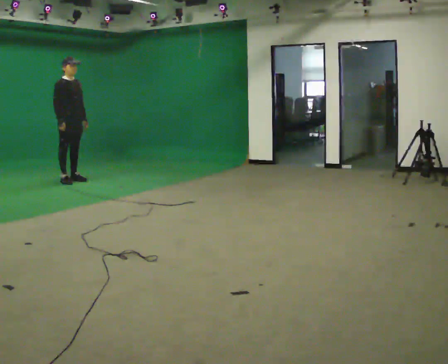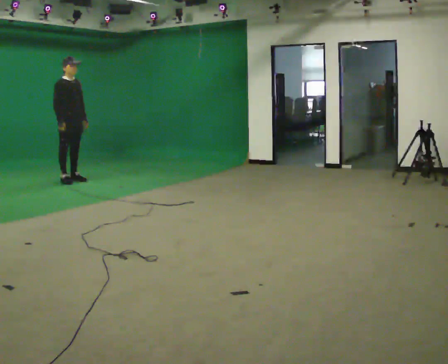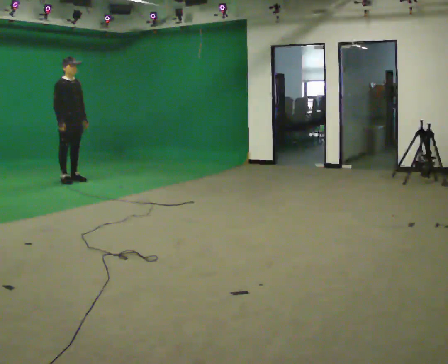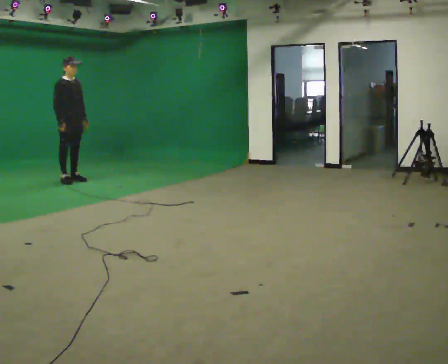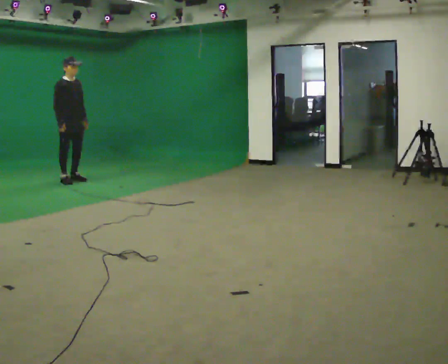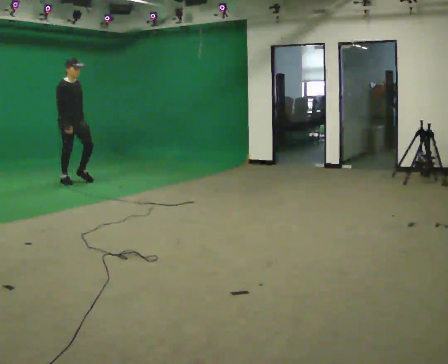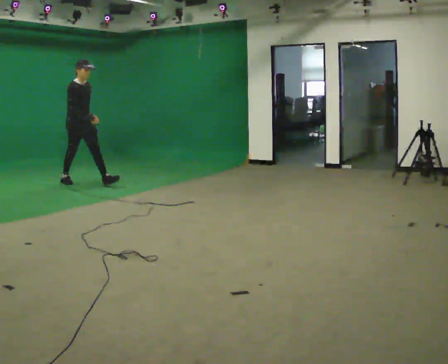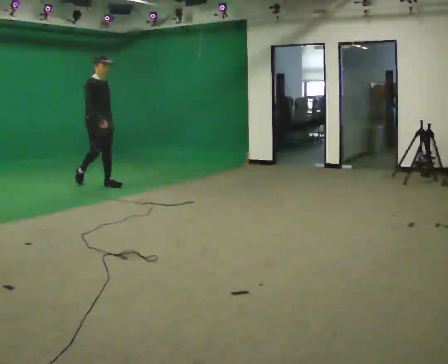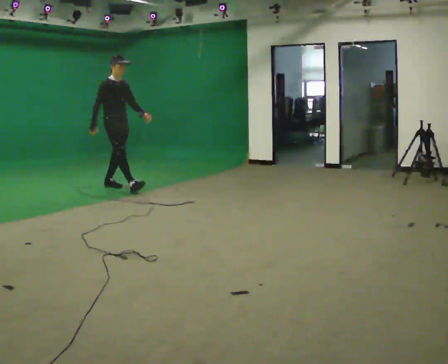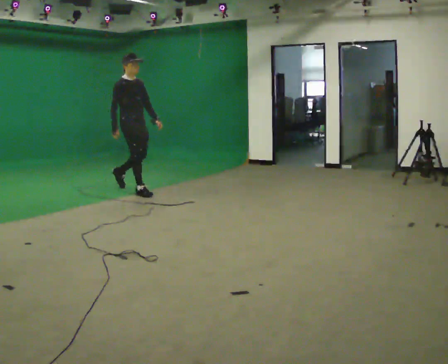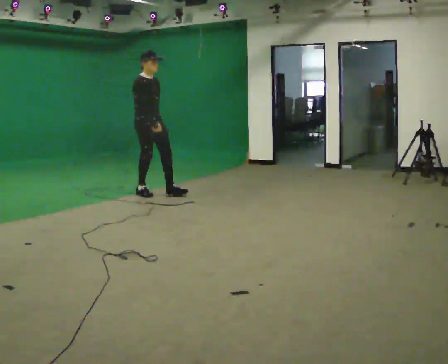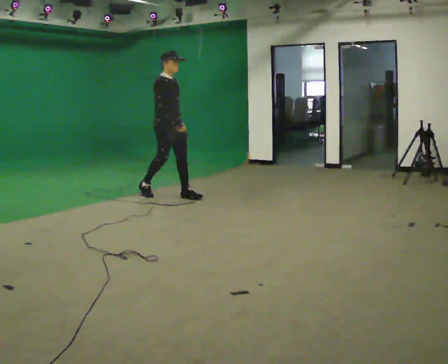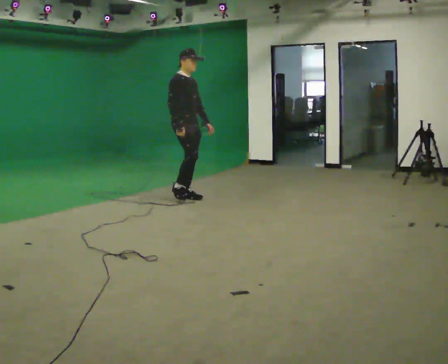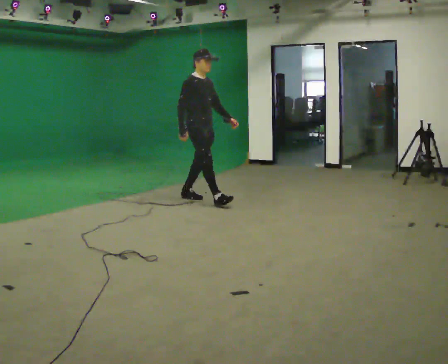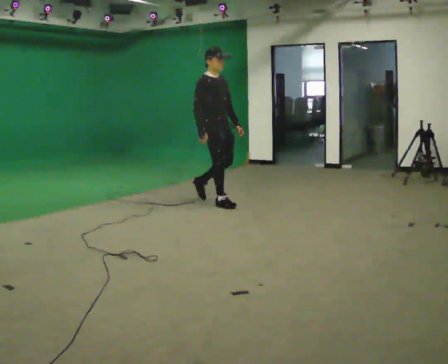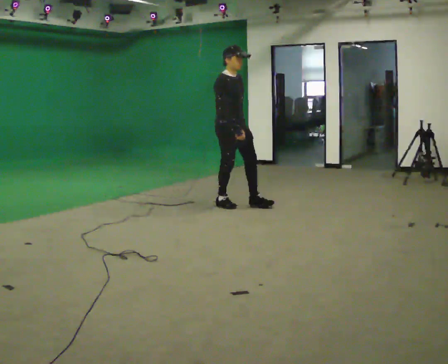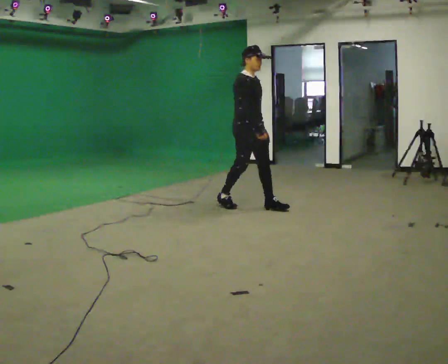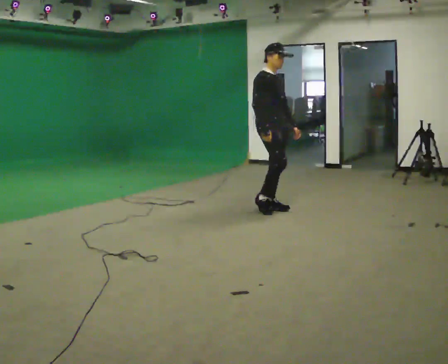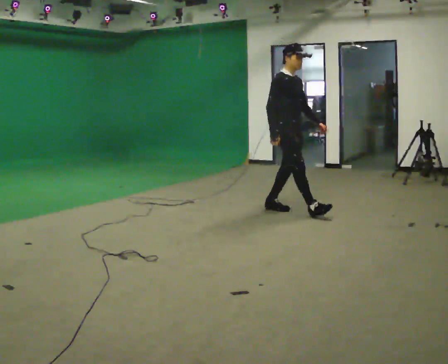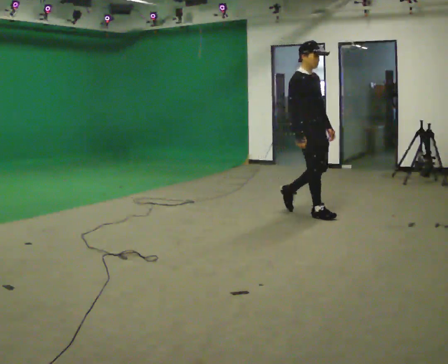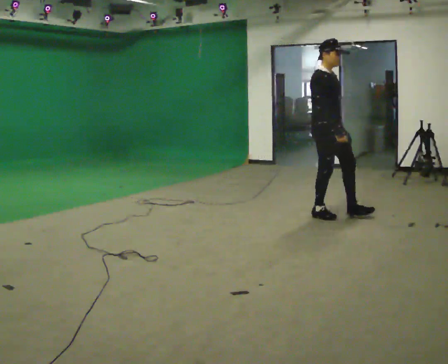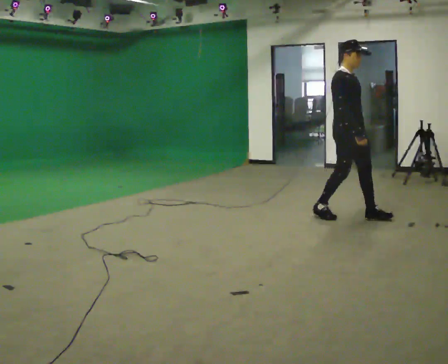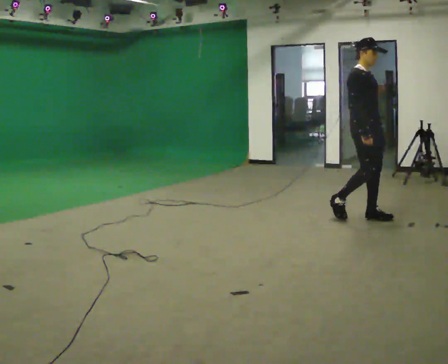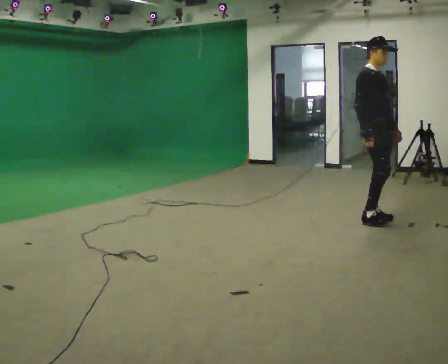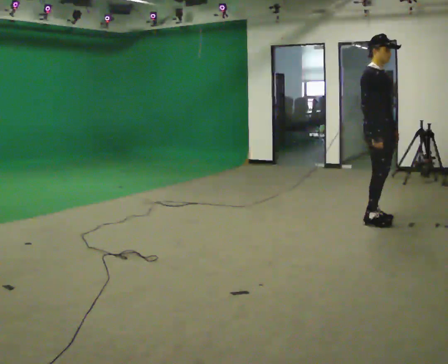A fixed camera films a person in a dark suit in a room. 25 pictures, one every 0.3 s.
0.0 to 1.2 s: The person moves a little, or ends about where they began.
1.2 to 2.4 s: In the picture they go to the right and toward the camera, about 1 m in 1 step, which for them is forward.
2.4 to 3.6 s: In the picture they go to the right and toward the camera, about 1 m in 2 steps, which for them is forward.
3.6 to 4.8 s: In the picture they go to the right and toward the camera, about 1 m in 2 steps, which for them is forward.
4.8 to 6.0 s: In the picture they go to the right and toward the camera, about 1 m in 1 step, which for them is forward.
6.0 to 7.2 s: In the picture they go to the right and toward the camera, about 0.5 m in 2 steps, which for them is forward.
The film runs forward here.
